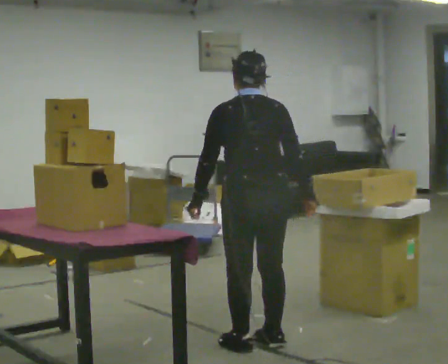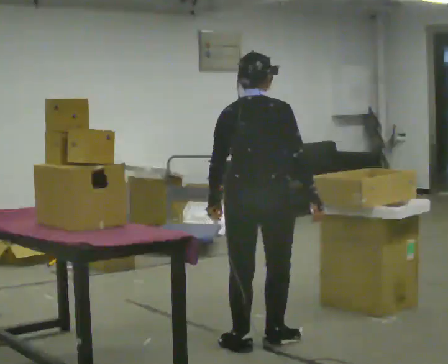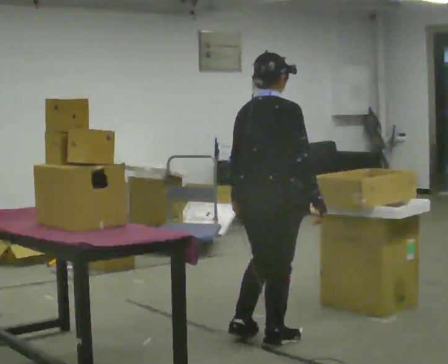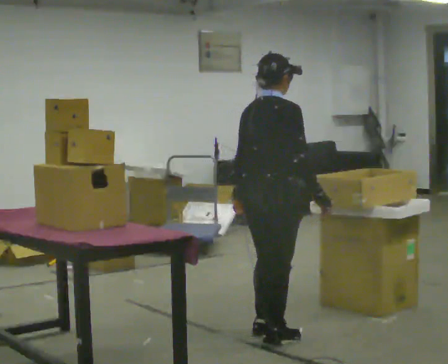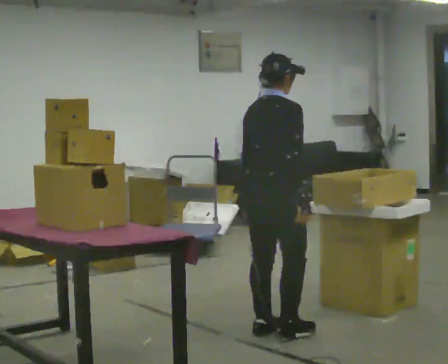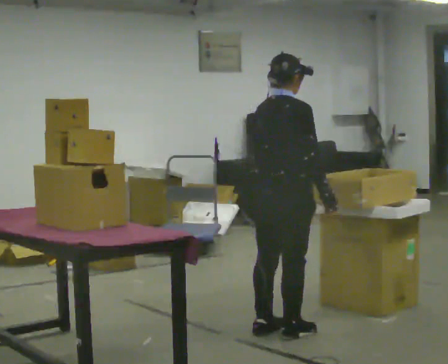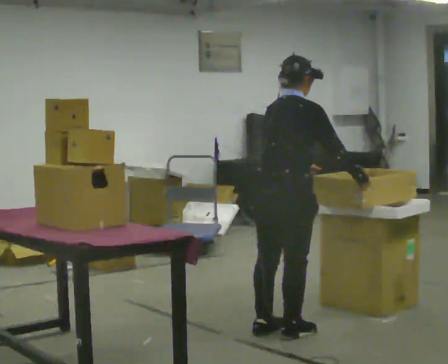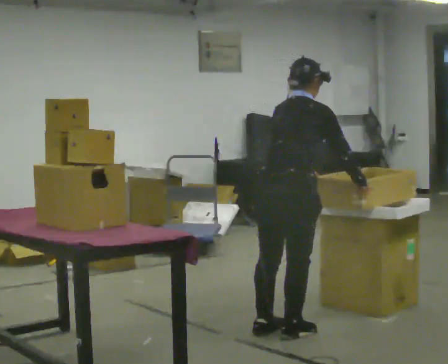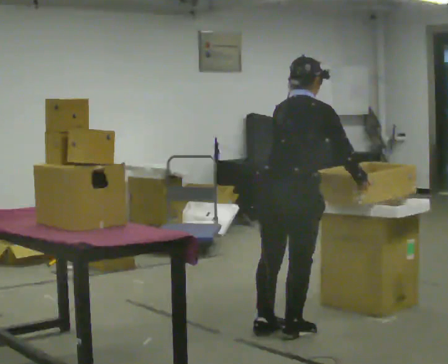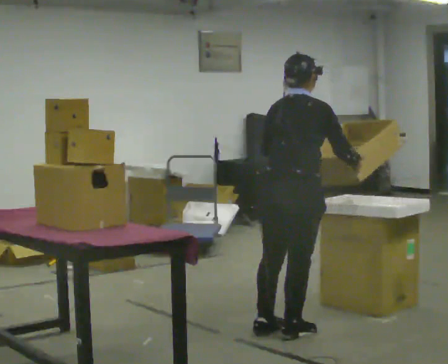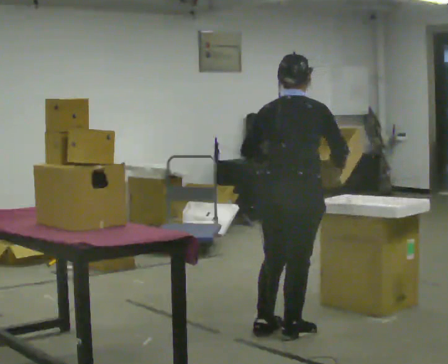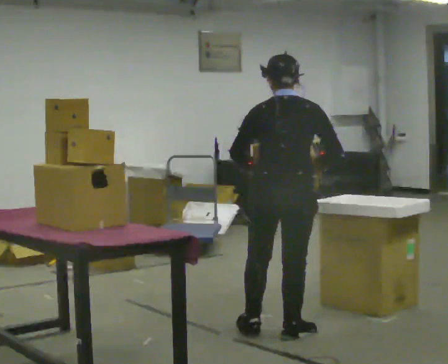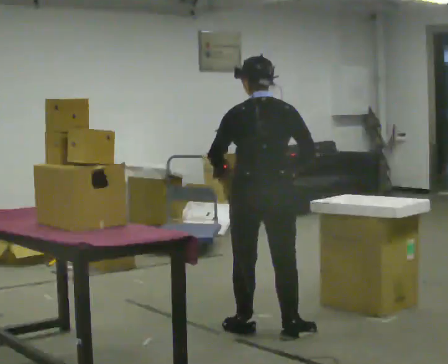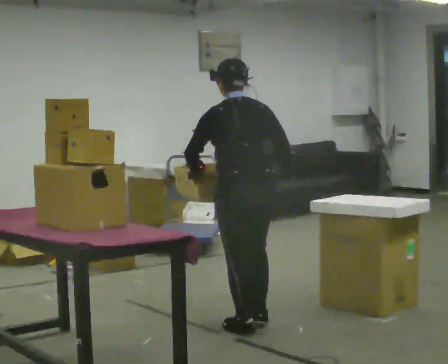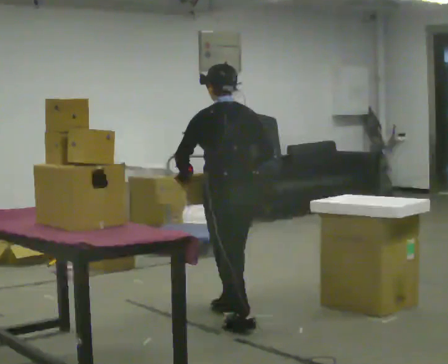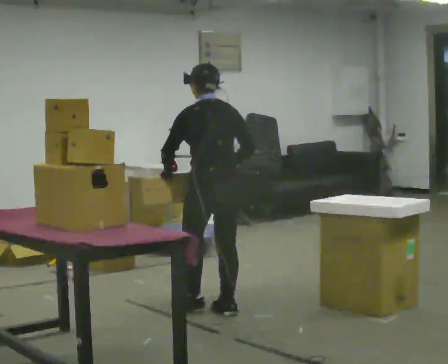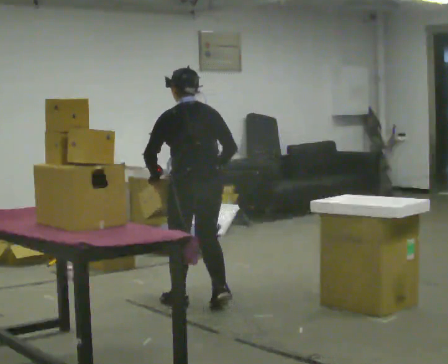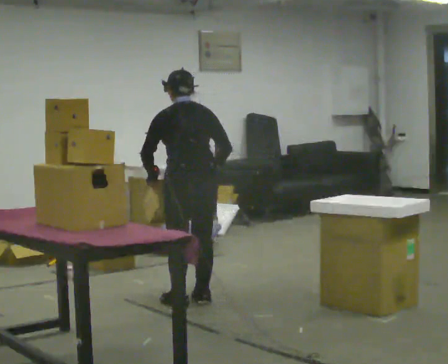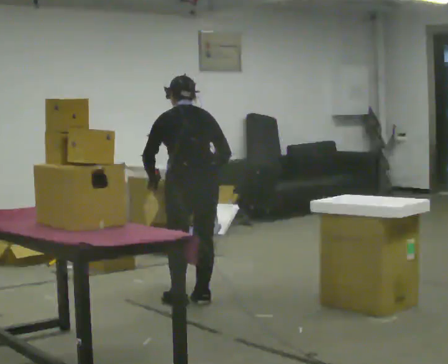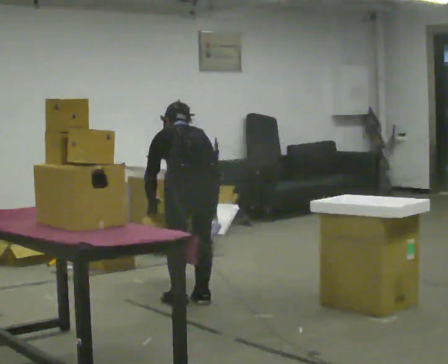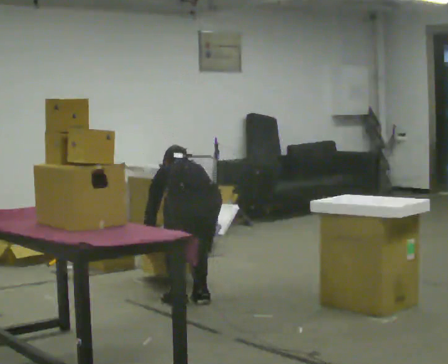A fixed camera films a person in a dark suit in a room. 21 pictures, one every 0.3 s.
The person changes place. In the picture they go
away from the camera.
The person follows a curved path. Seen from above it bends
counterclockwise.
0.0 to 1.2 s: Seen from above the body turns clockwise, about 60 degrees: to their right, with its near side sliding to the left. In the picture they go away from the camera, about 0.25 m in 1 step.
1.2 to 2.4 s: In the picture their right hand goes to the right.
2.4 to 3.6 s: The person turns about 45 degrees to their left, counterclockwise seen from above, so the part of the body nearest the lens slides to the right. In the picture their left hand goes to the left.
3.6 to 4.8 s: In the picture they go away from the camera and to the left, about 0.75 m in 2 steps, which for them is forward.
4.8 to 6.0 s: The shoulders move downward. The upper body tips away from the camera, its near side rolling upward, as they bend forward. In the picture their right hand goes downward.
The film runs forward here.
